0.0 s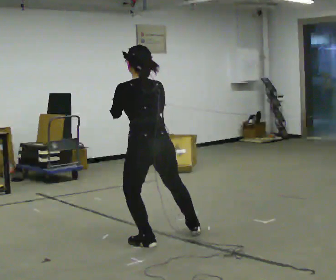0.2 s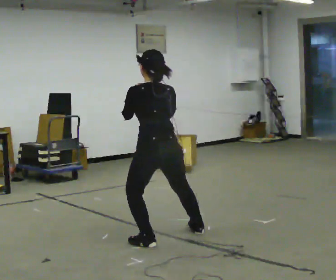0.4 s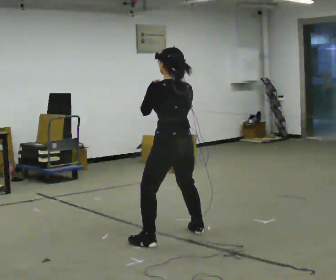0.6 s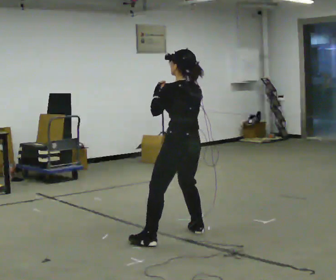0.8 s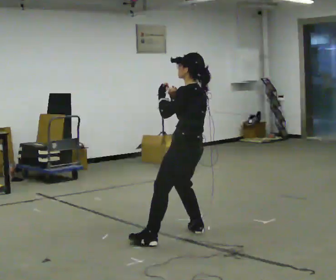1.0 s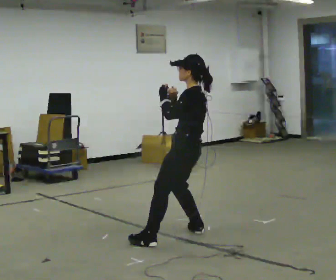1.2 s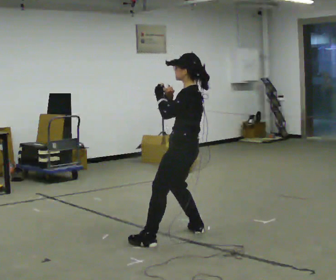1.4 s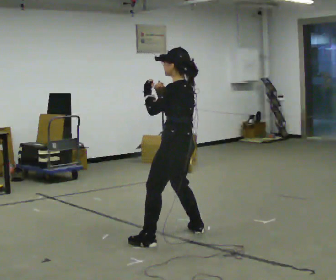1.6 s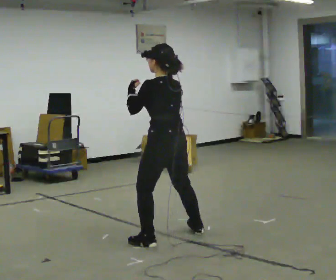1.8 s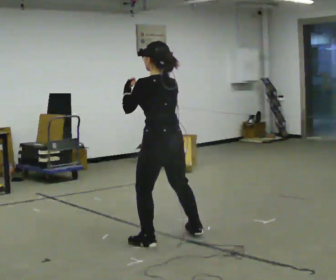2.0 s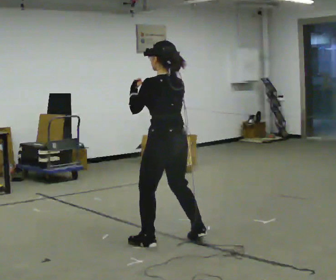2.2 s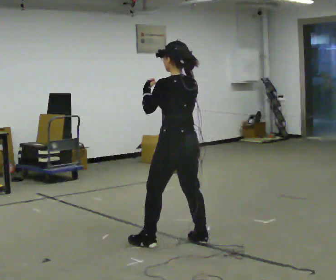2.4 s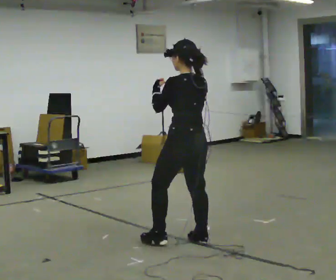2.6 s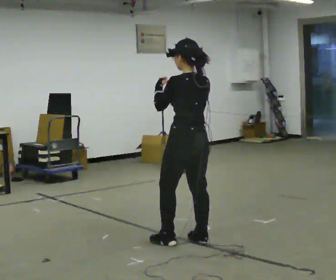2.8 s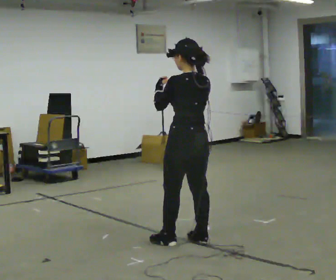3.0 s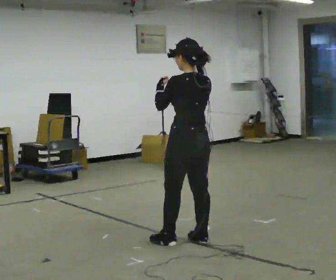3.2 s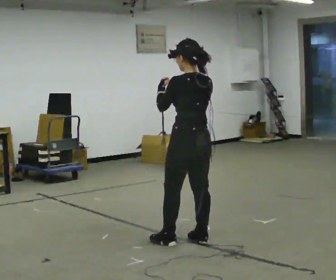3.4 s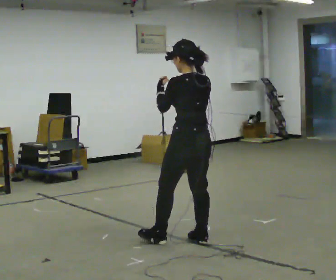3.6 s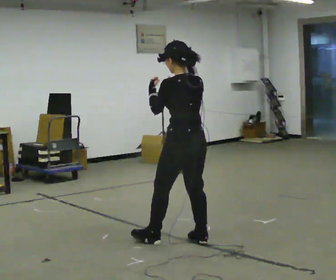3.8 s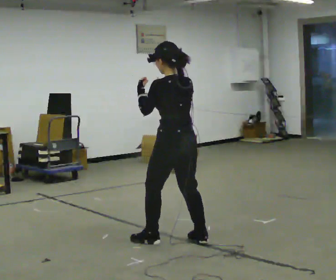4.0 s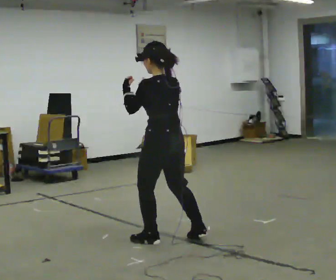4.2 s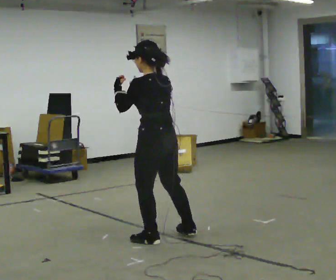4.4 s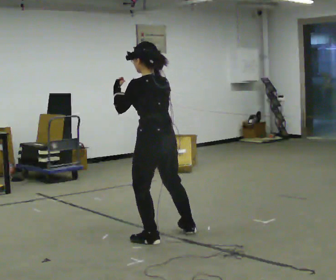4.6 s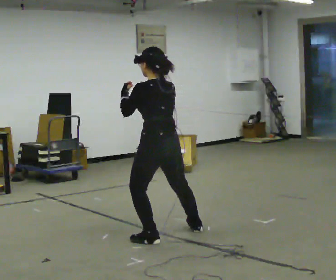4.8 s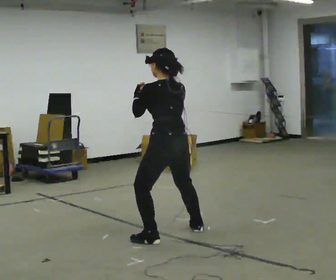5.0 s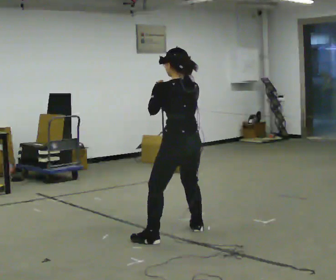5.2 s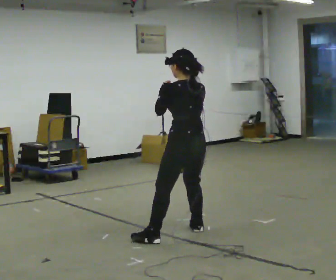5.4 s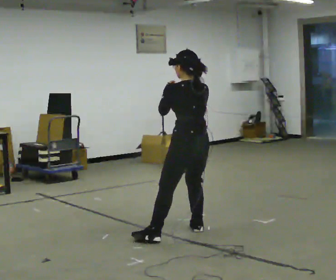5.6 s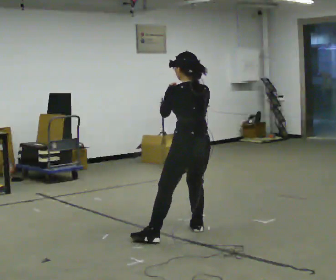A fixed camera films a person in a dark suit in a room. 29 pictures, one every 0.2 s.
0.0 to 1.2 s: The part of the body nearest the lens slides to the right as the person turns to their left by about 60 degrees. In the picture they go to the right and away from the camera, about 0.5 m, which for them is to their right. In the picture the upper body tilts clockwise, shoulders to the right.
1.2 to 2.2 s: The person turns about 30 degrees to their right, clockwise seen from above, so the part of the body nearest the lens slides to the left. In the picture they go toward the camera, about 0.25 m in 1 step, which for them is to their left and backward.
2.2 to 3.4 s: The person moves a little, or ends about where they began.
3.4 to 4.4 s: In the picture they go to the left, about 0.25 m in 1 step, which for them is to their left and forward.
4.4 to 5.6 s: In the picture they go away from the camera and to the right, about 0.5 m, which for them is to their right.
The film runs backward here.
